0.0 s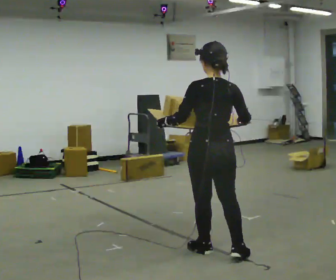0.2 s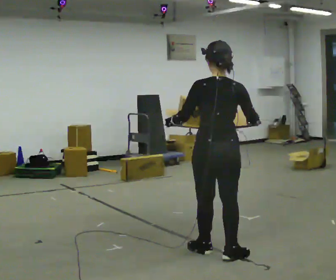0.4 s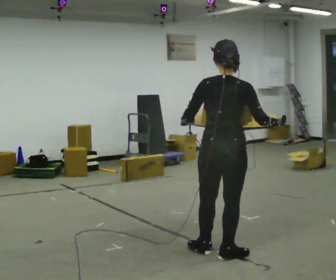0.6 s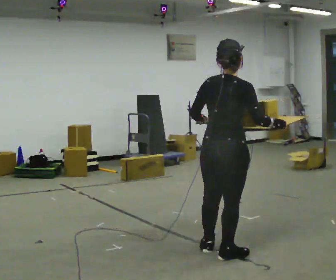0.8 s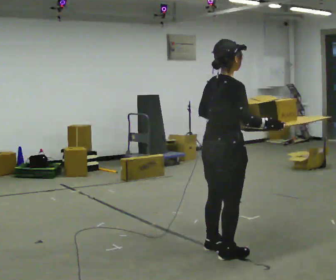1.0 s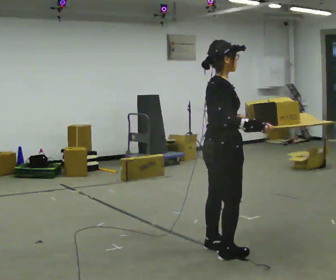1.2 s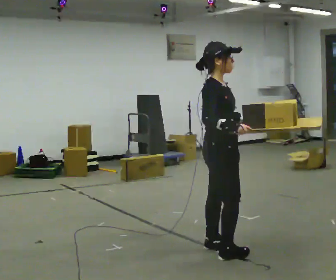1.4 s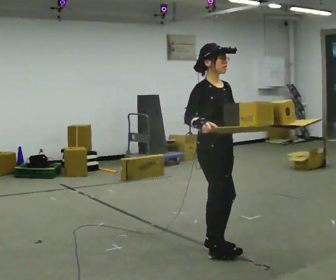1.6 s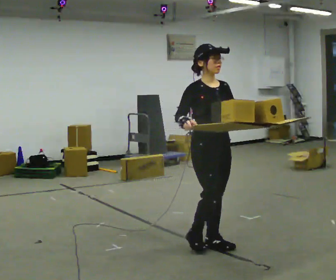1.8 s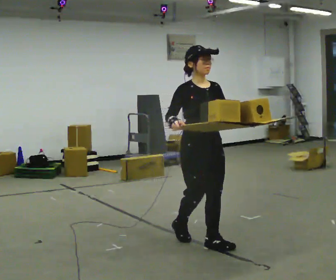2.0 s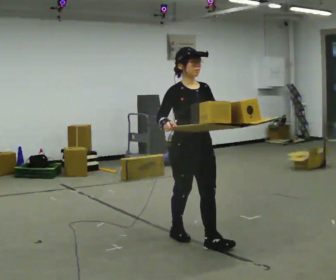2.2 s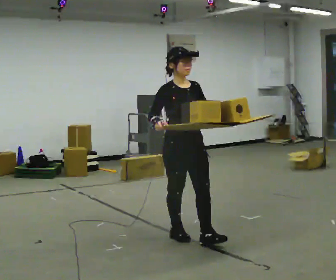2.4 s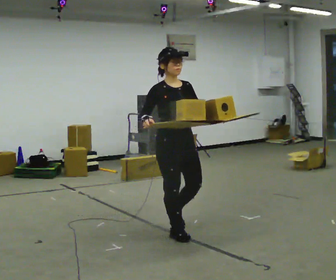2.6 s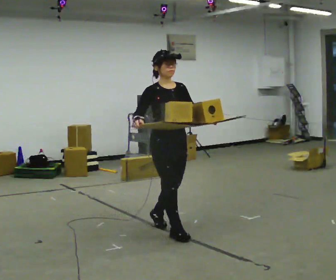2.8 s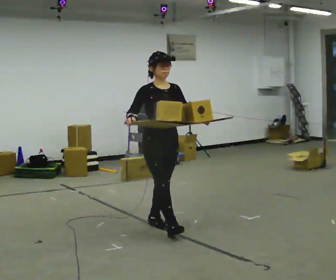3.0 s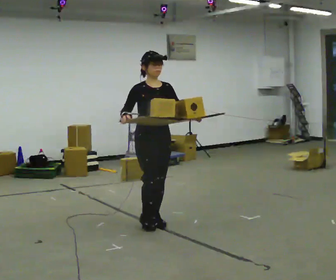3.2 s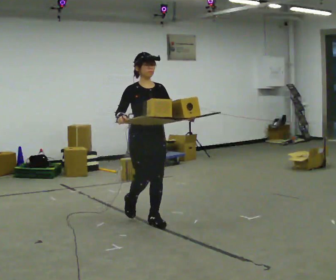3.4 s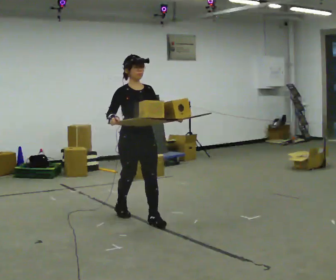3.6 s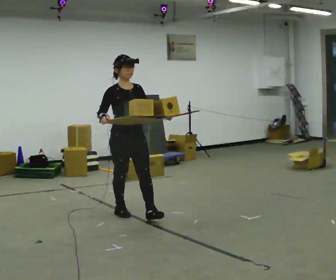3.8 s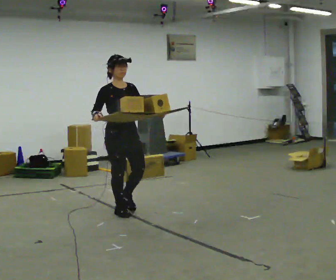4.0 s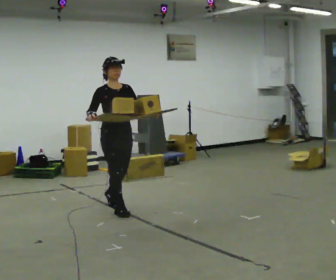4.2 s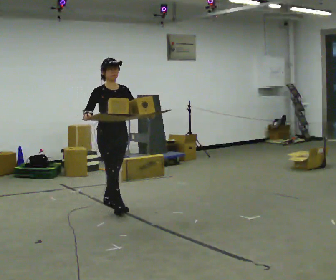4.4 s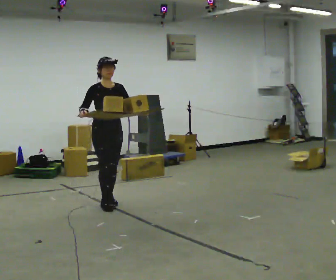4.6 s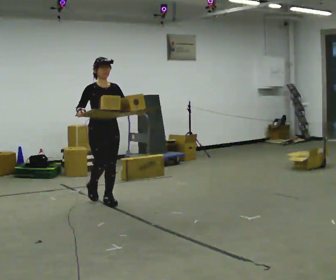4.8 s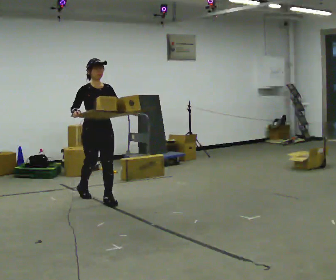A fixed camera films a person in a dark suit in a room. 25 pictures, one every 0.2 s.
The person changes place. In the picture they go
away from the camera.
The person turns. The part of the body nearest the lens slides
to the left.
0.0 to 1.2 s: The person turns about 120 degrees to their right, clockwise seen from above, so the part of the body nearest the lens slides to the left.
1.2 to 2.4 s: Seen from above the body turns clockwise, about 45 degrees: to their right, with its near side sliding to the left. In the picture they go away from the camera and to the left, about 0.5 m in 2 steps, which for them is backward.
2.4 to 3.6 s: In the picture they go away from the camera and to the left, about 1 m in 2 steps, which for them is backward.
3.6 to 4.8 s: In the picture they go away from the camera and to the left, about 0.5 m in 1 step, which for them is backward.
The film runs backward here.
